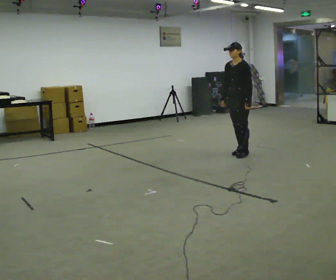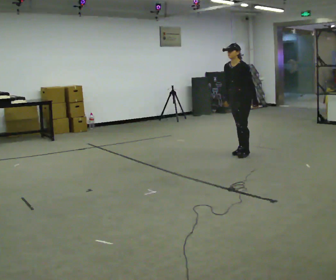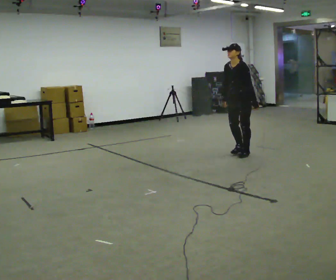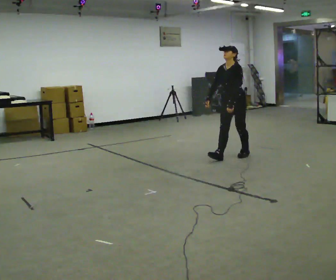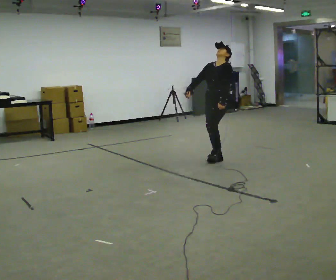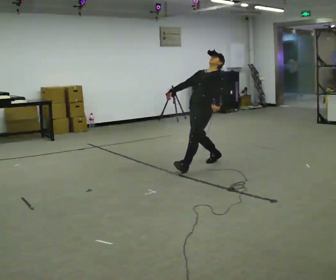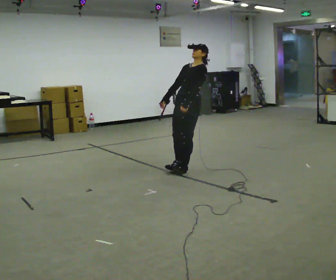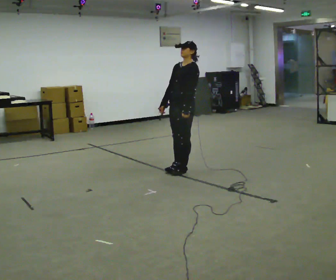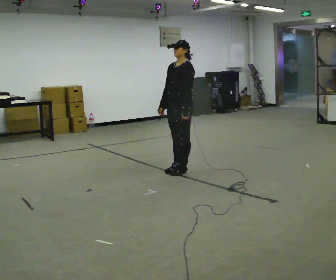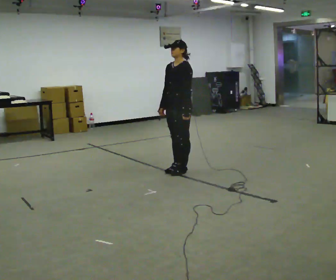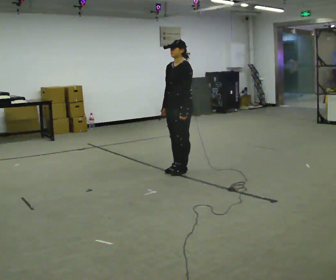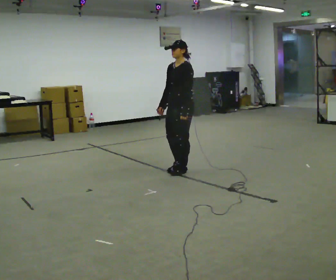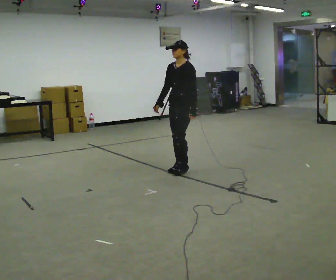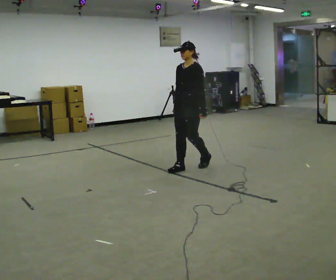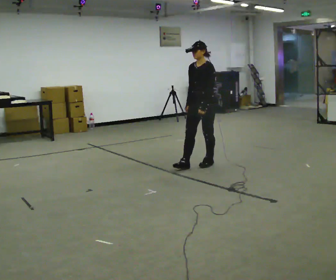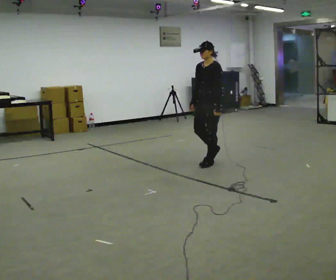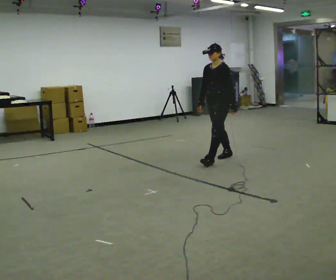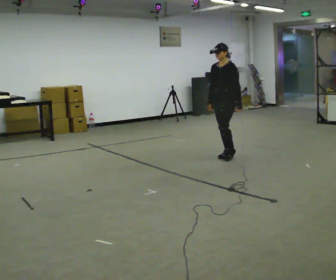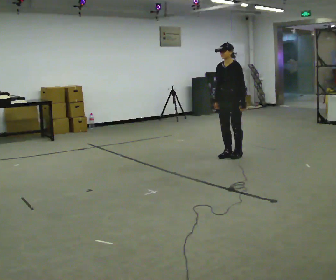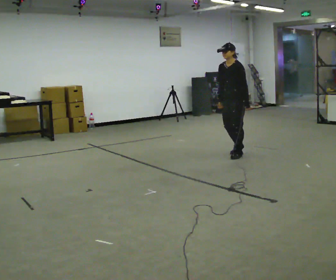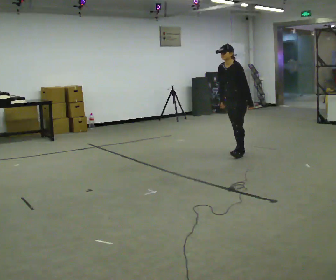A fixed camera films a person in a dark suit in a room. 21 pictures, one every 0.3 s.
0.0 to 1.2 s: In the picture they go to the left and toward the camera, about 0.5 m in 2 steps, which for them is forward.
1.2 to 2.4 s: In the picture they go toward the camera and to the left, about 0.75 m in 1 step, which for them is forward.
2.4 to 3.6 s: The person moves a little, or ends about where they began.
3.6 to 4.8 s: In the picture they go away from the camera and to the right, about 0.75 m in 2 steps, which for them is backward.
4.8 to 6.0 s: In the picture they go away from the camera and to the right, about 0.25 m in 1 step, which for them is backward.
The film runs backward here.
